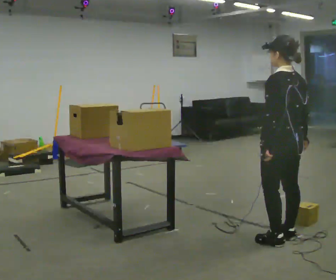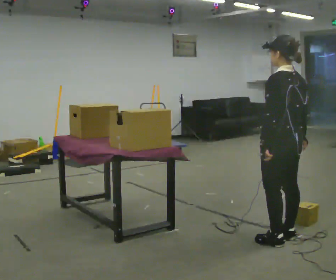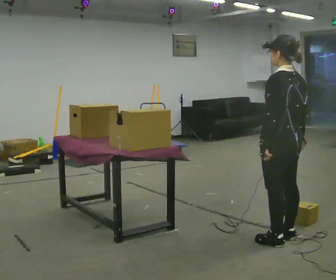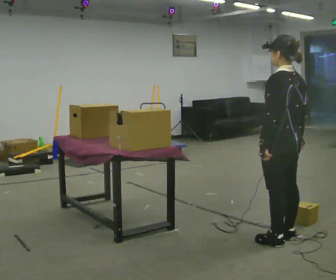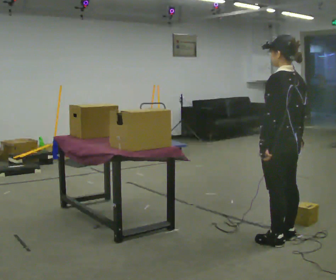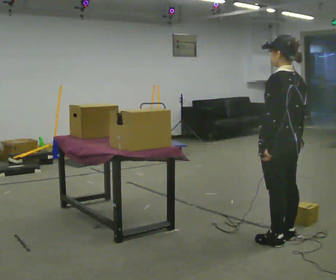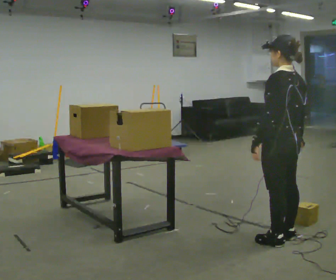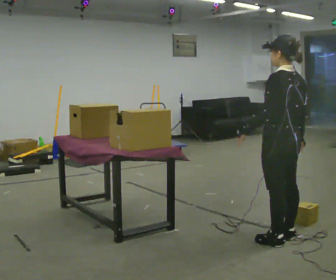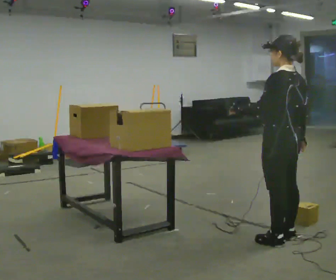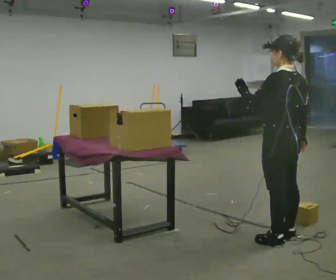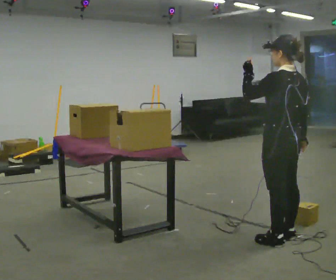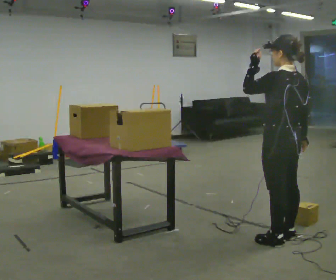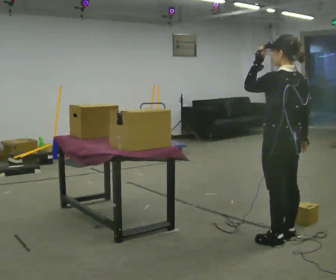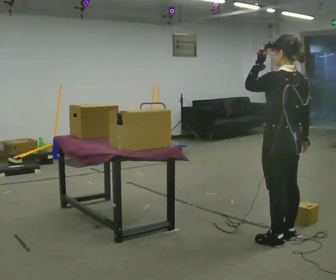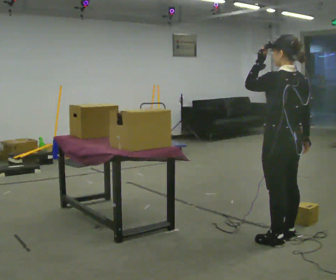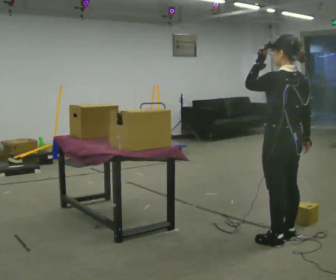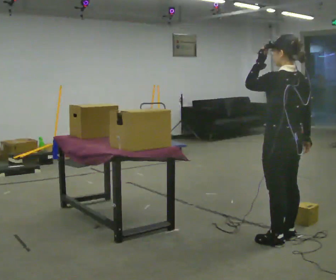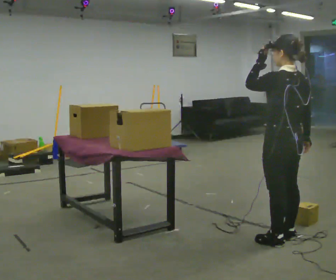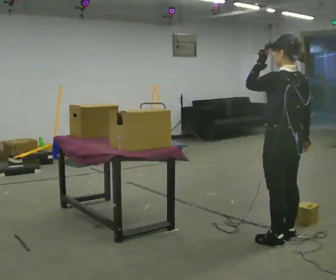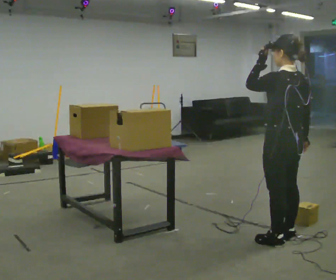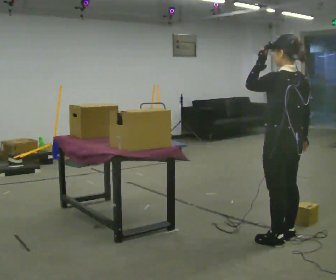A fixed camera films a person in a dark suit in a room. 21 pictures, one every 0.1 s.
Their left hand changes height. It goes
upward.
0.0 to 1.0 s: In the picture their left hand goes upward.
1.0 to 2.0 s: The person moves a little, or ends about where they began.
The film runs forward here.
